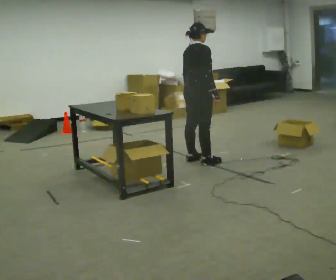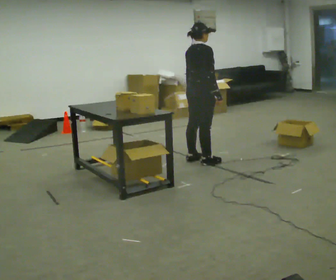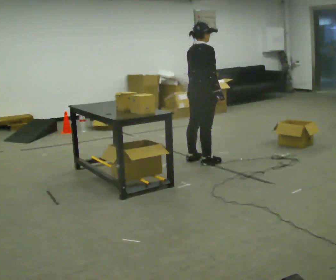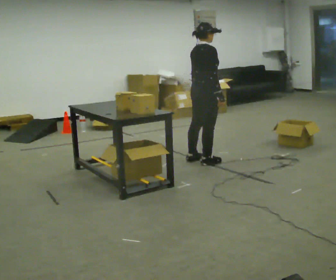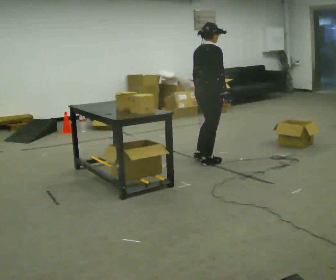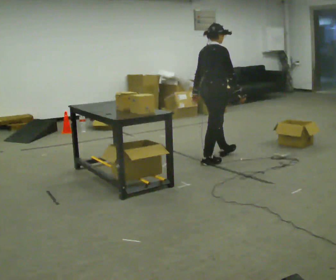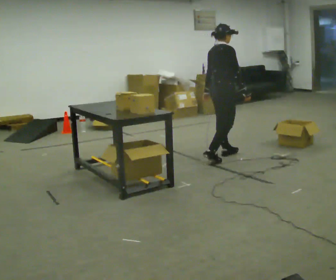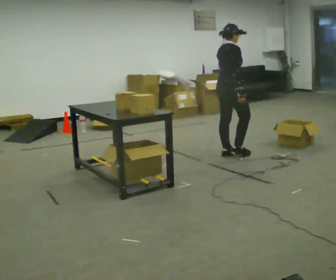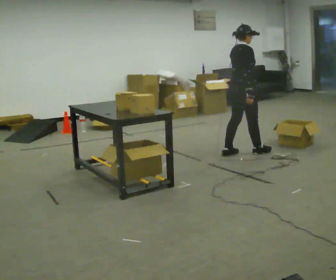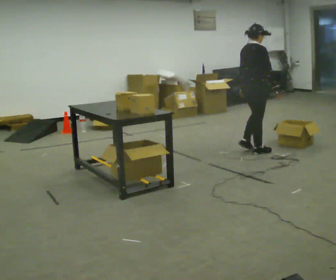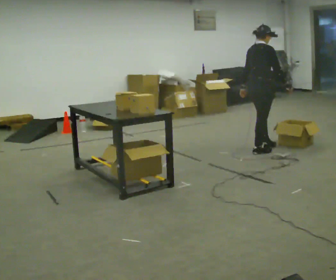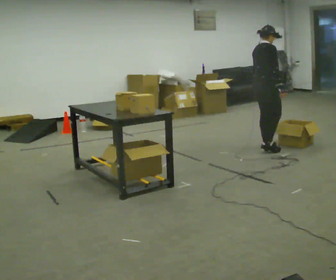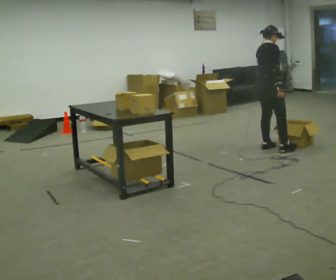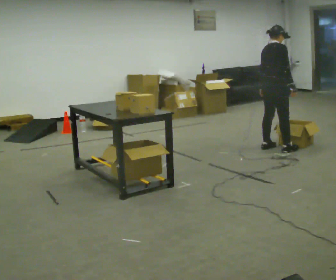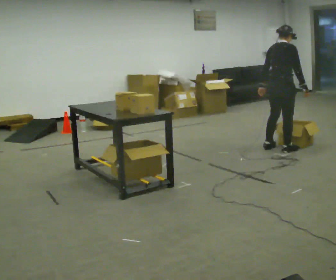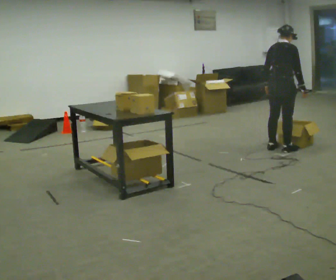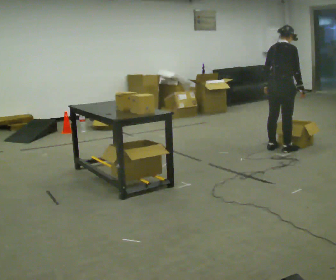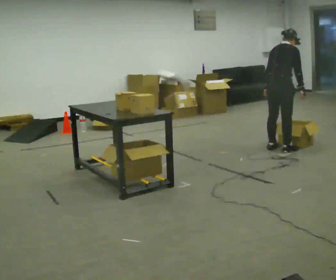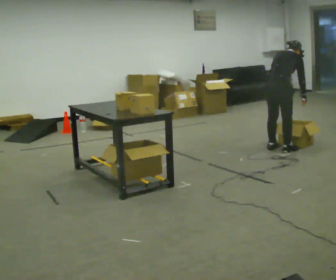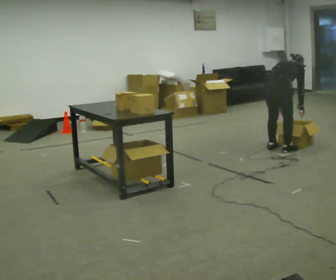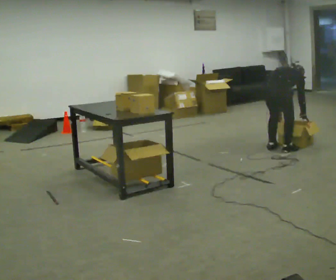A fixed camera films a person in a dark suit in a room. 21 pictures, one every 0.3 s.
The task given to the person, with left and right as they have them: 1. Take everything out of the crates by the door. 2. Put the small items on the middle shelf. 3. Put the large items on the bottom shelf. 4. Stack the empty crates by the door. 5. Tell the operator when you are finished.
0.0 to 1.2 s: The person moves a little, or ends about where they began.
1.2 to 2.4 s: In the picture they go to the right and away from the camera, about 0.5 m in 2 steps, which for them is forward.
2.4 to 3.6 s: In the picture they go to the right and away from the camera, about 0.5 m in 2 steps, which for them is forward.
3.6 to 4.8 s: The person moves a little, or ends about where they began.
4.8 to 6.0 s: The upper body goes downward. The upper body tips away from the camera, its near side rolling upward, as they bend forward. In the picture their left hand goes downward.
The film runs forward here.
